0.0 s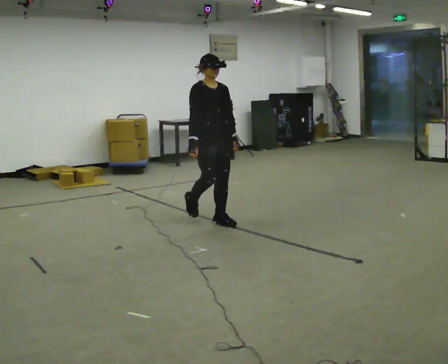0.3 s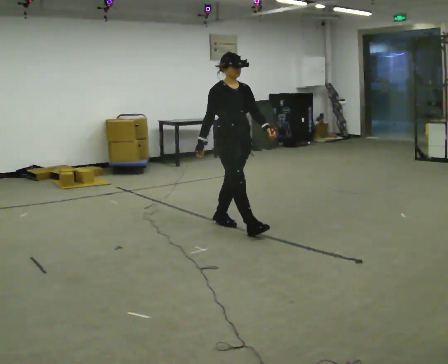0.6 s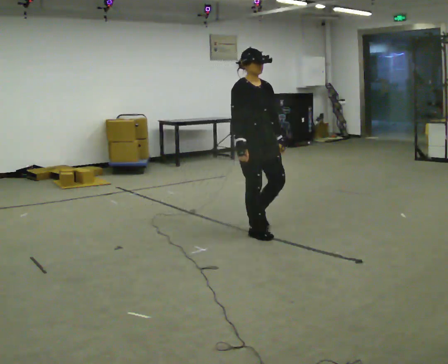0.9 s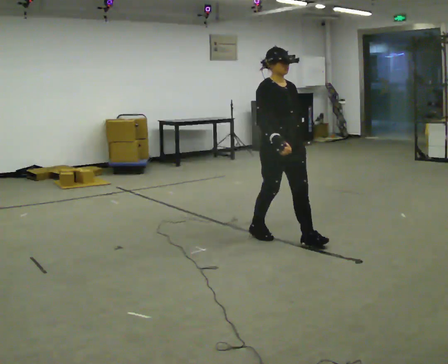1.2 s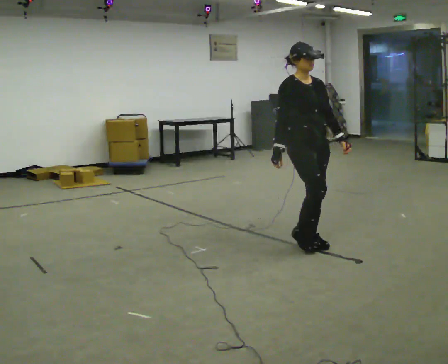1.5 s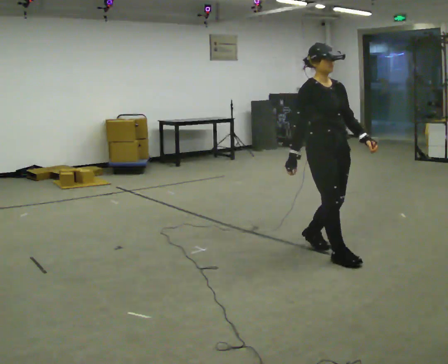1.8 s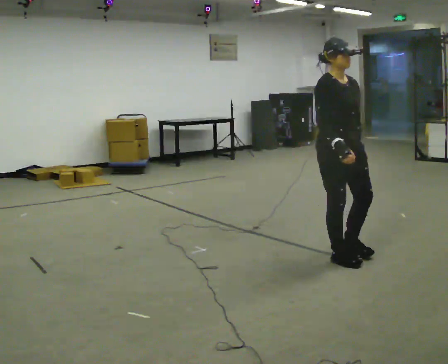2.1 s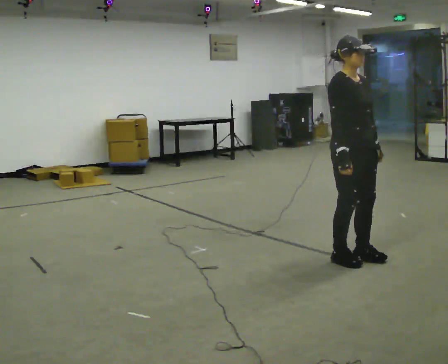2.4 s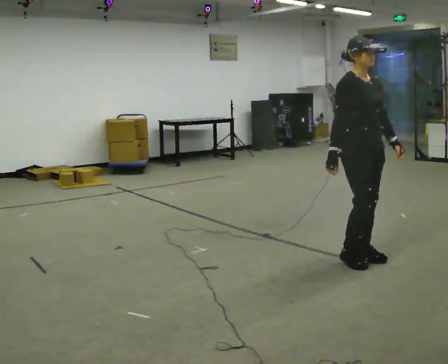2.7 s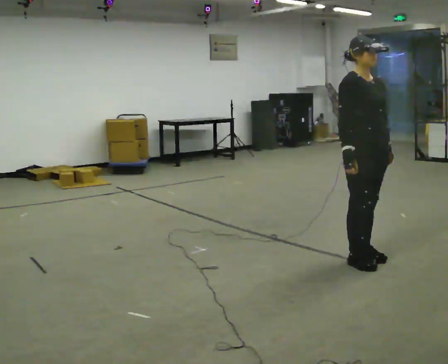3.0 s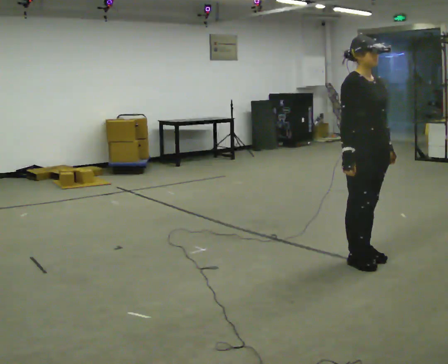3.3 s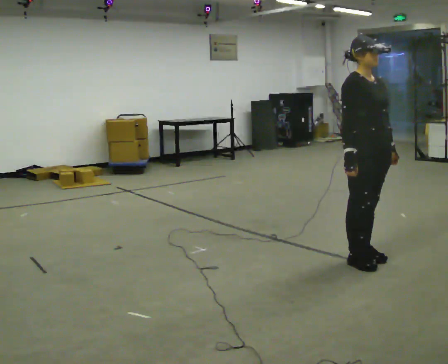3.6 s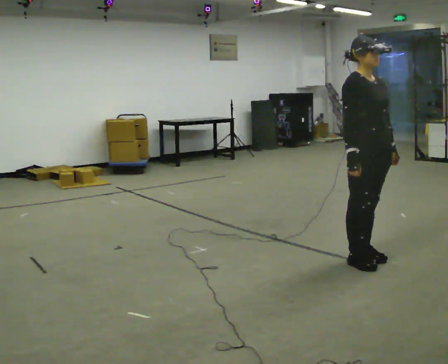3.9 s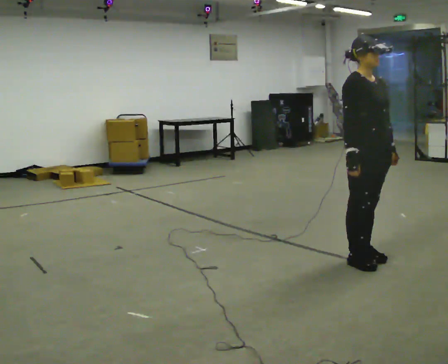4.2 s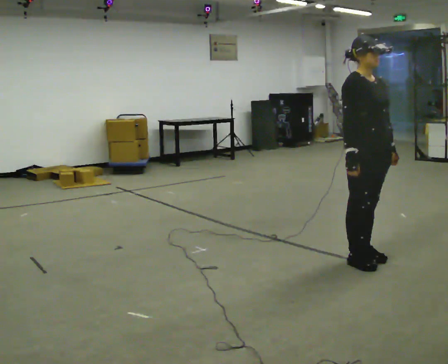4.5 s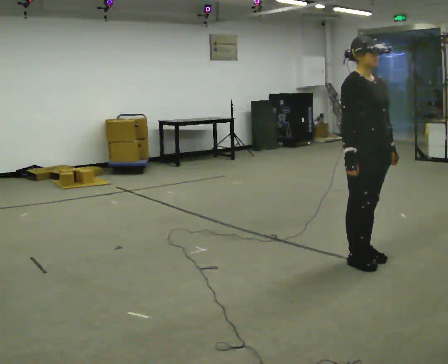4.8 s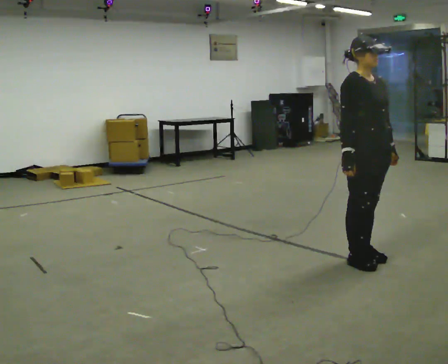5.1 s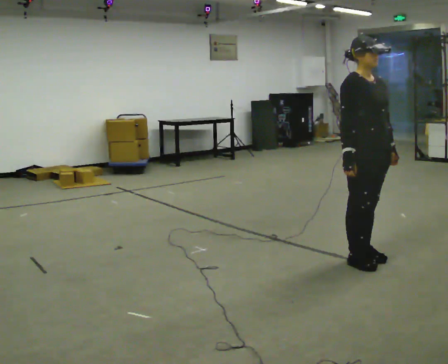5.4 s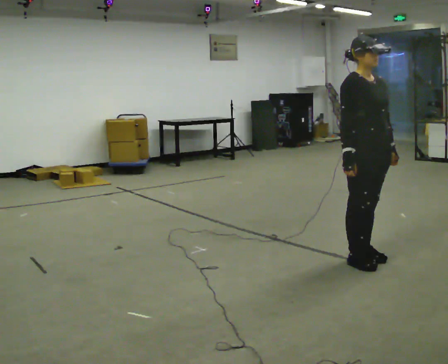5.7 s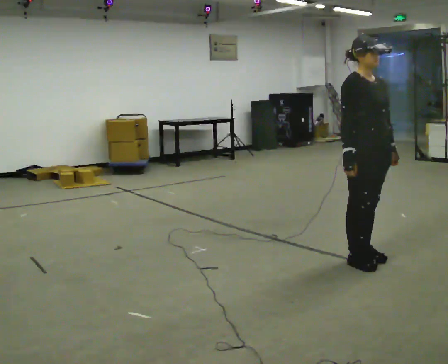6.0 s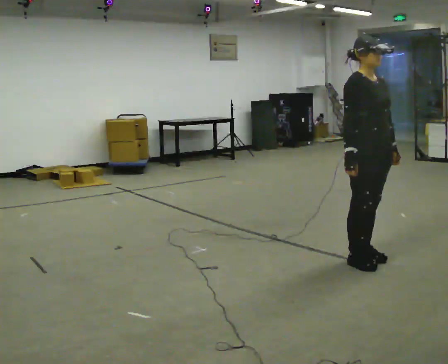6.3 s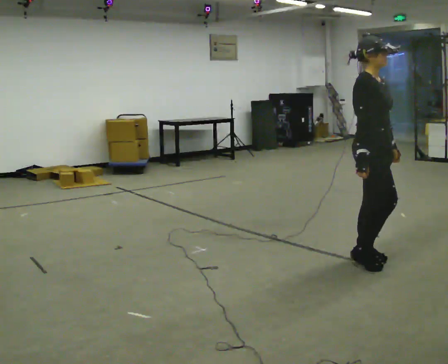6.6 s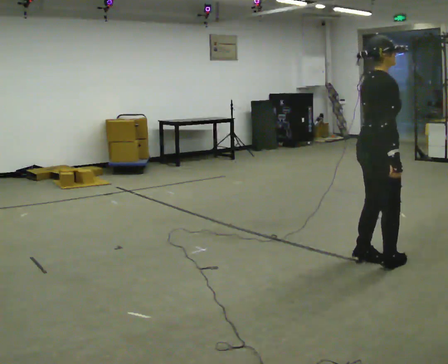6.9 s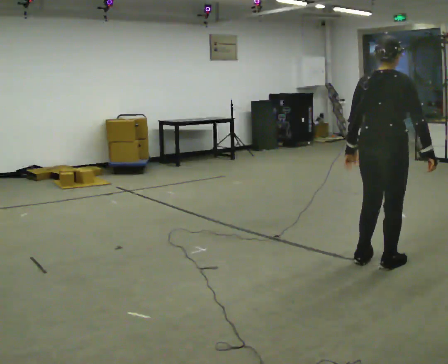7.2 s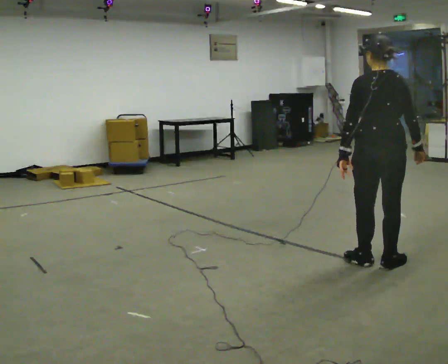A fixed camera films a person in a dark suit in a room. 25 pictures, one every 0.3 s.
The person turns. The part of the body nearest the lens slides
to the right.
The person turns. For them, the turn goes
to their left.
0.0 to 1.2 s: In the picture they go to the right and toward the camera, about 1 m in 2 steps, which for them is forward.
1.2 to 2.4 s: In the picture they go to the right and toward the camera, about 0.5 m in 2 steps, which for them is forward.
2.4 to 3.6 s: The person moves a little, or ends about where they began.
3.6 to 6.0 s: The person keeps their place and pose.
6.0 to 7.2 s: Seen from above the body turns counterclockwise, about 150 degrees: to their left, with its near side sliding to the right. In the picture their left hand goes to the left, the arm swinging clockwise.
The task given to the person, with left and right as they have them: Stand still 2 s; begin walking naturally; walk forward; stop.
The film runs forward here.
